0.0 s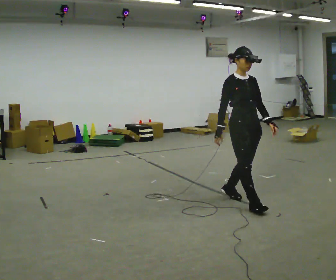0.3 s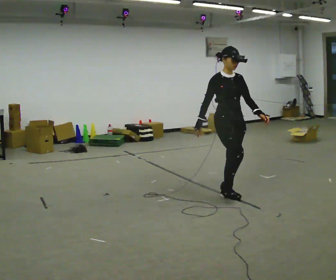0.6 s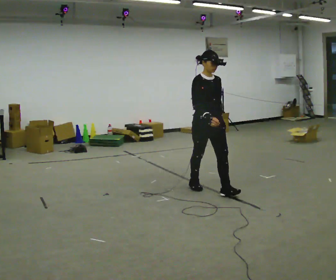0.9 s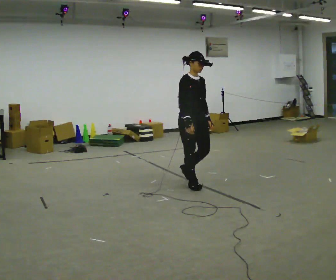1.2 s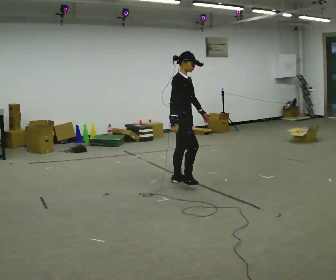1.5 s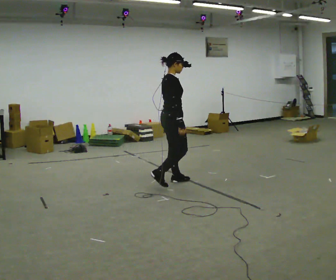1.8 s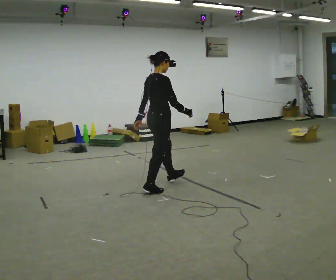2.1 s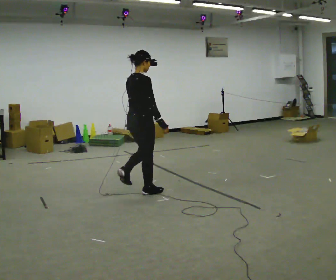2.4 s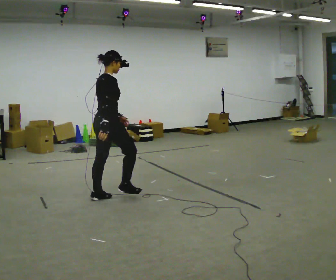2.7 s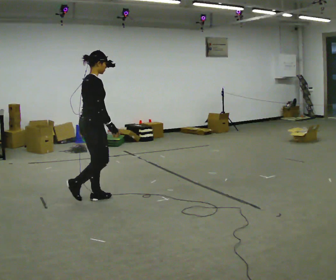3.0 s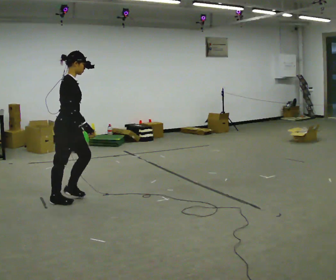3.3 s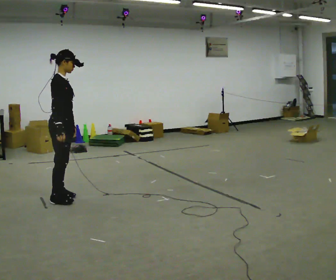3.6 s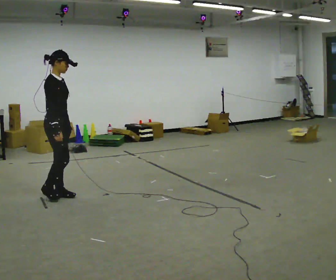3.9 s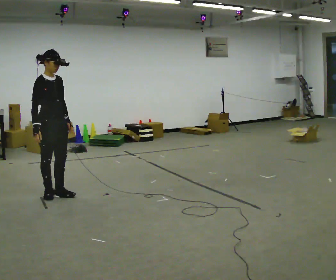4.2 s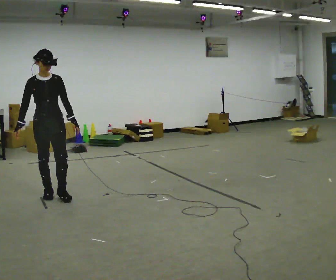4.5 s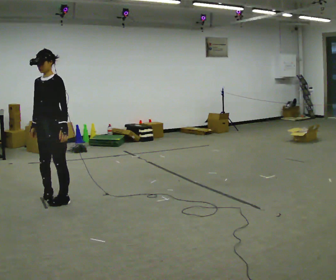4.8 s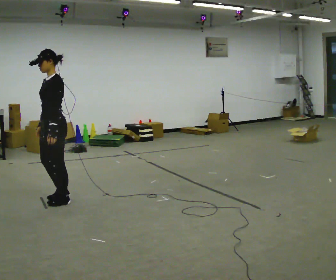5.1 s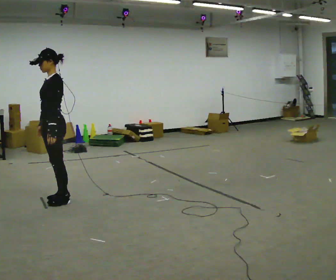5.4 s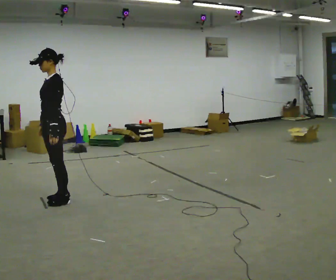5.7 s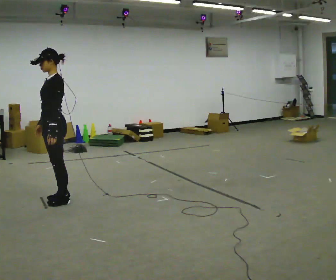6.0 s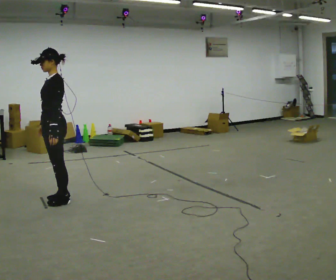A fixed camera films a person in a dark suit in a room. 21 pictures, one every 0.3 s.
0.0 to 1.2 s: The part of the body nearest the lens slides to the right as the person turns to their left by about 30 degrees. In the picture they go away from the camera and to the left, about 1 m in 3 steps, which for them is backward.
1.2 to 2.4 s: The person turns about 60 degrees to their left, counterclockwise seen from above, so the part of the body nearest the lens slides to the right. In the picture they go to the left and toward the camera, about 1 m in 2 steps.
2.4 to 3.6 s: The part of the body nearest the lens slides to the left as the person turns to their right by about 45 degrees. In the picture they go to the left, about 0.75 m in 2 steps, which for them is backward.
3.6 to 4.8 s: Seen from above the body turns clockwise, about 135 degrees: to their right, with its near side sliding to the left. In the picture they go toward the camera, about 0.25 m in 2 steps.
4.8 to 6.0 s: The person moves a little, or ends about where they began.
The film runs backward here.
